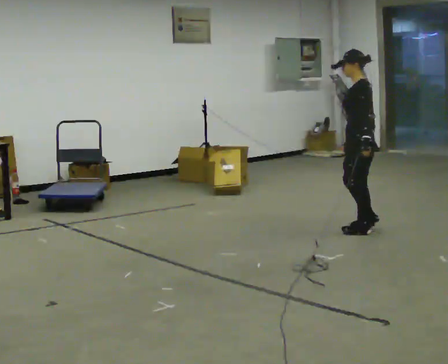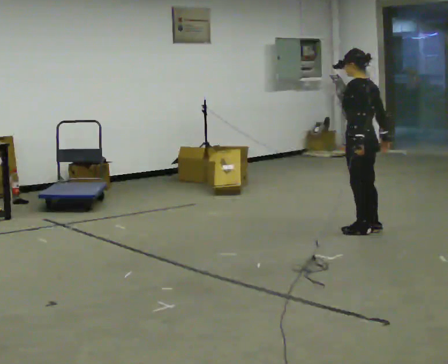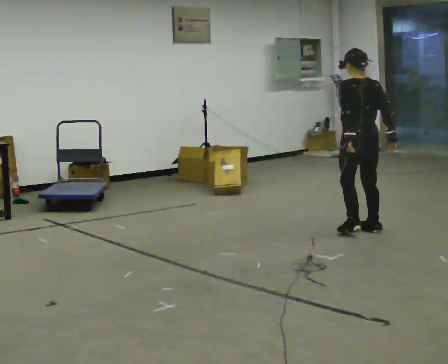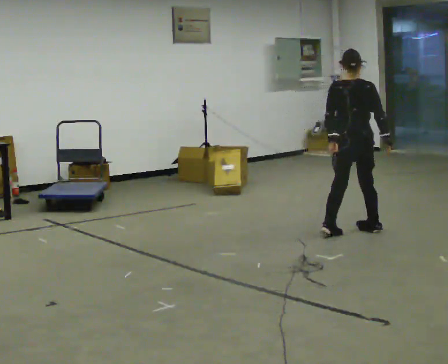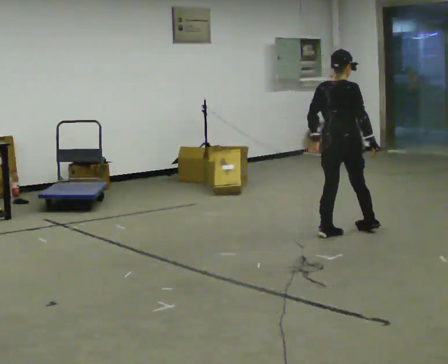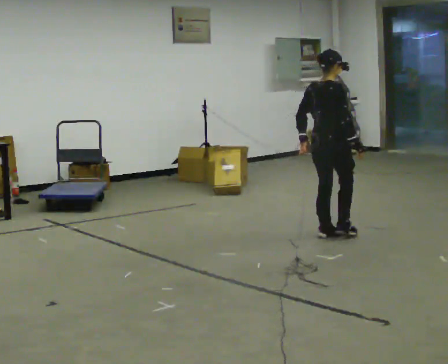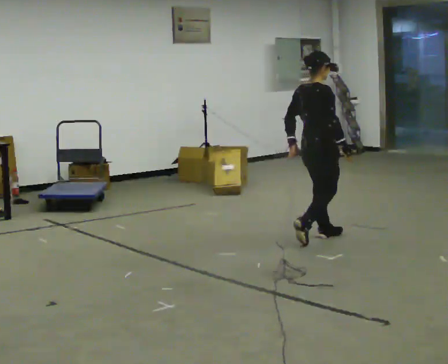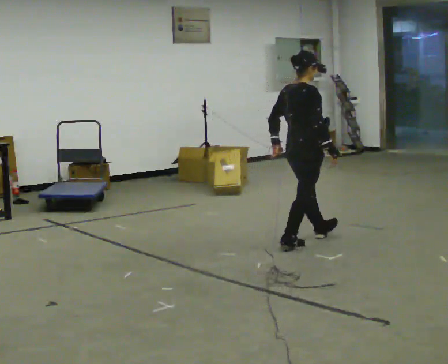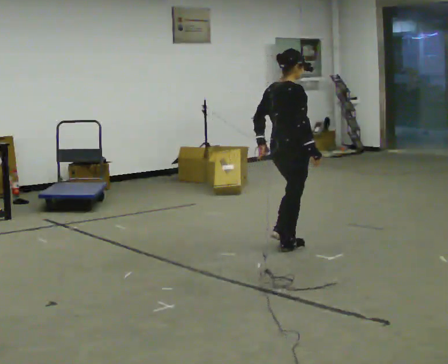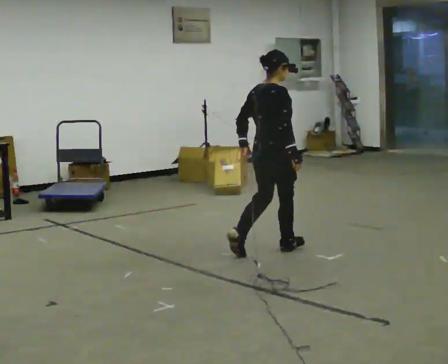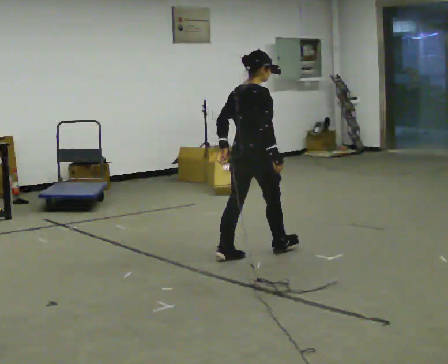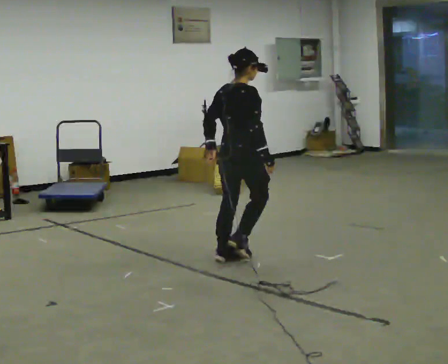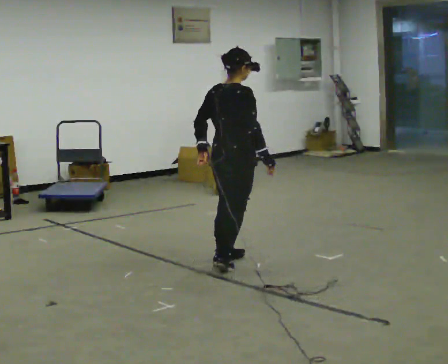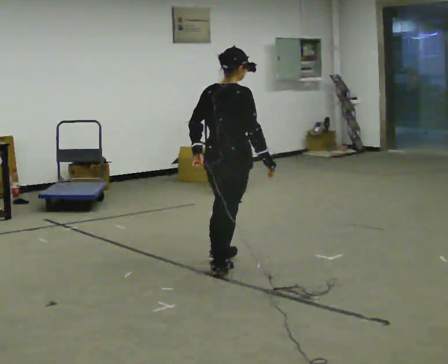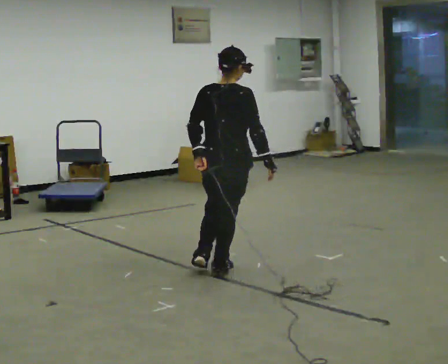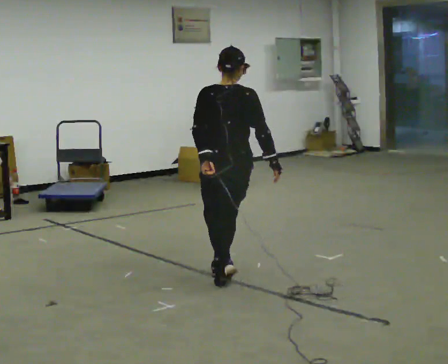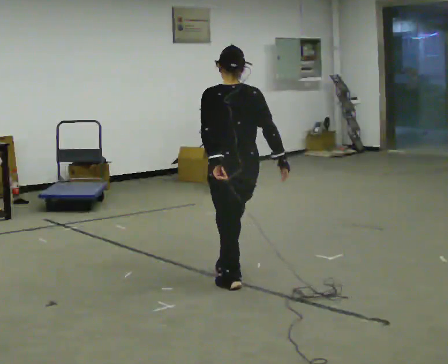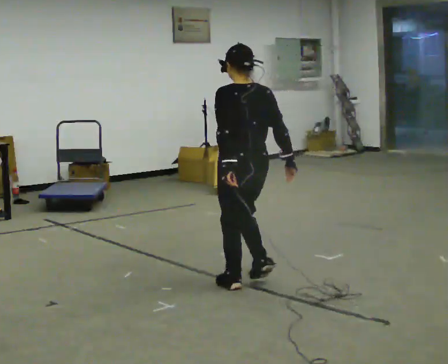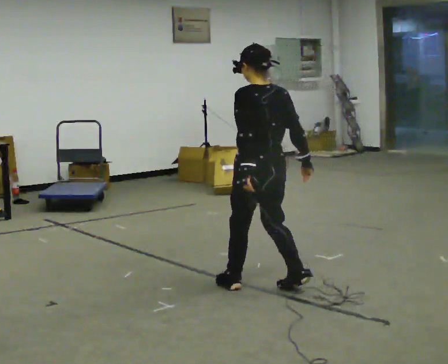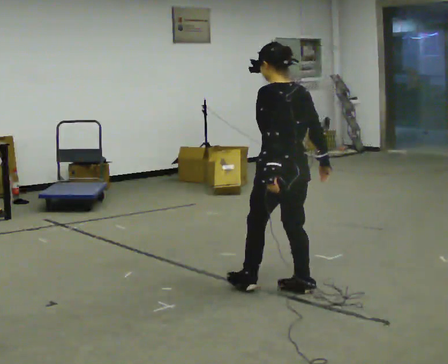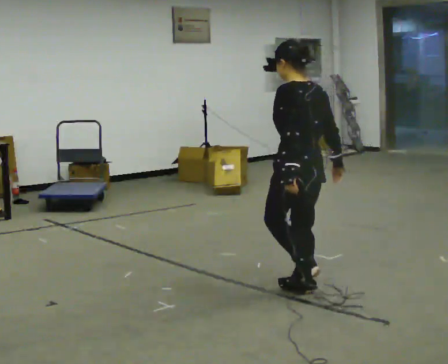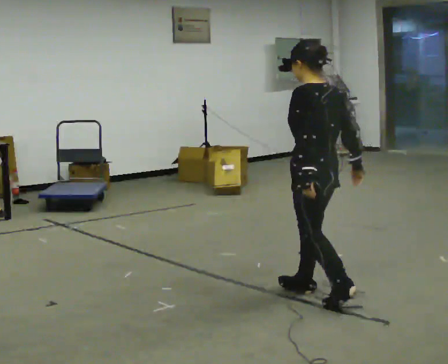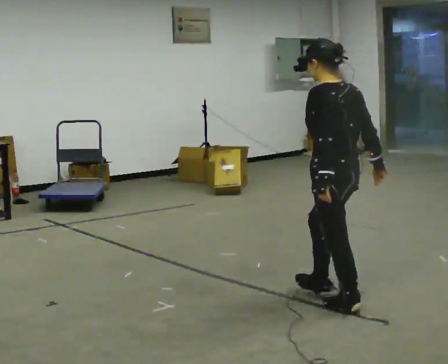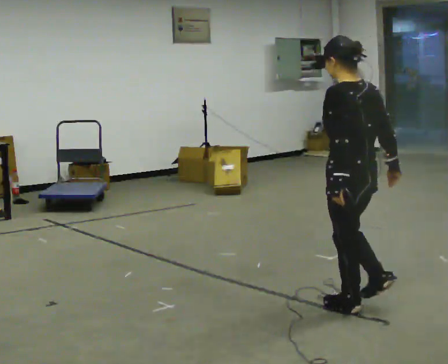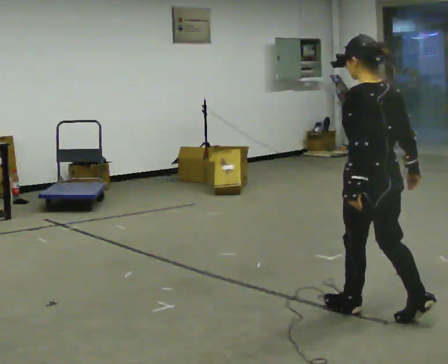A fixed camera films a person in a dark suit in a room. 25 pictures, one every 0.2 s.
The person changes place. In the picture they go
toward the camera.
The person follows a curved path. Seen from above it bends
counterclockwise.
0.0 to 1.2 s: Seen from above the body turns clockwise, about 135 degrees: to their right, with its near side sliding to the left. In the picture they go to the left and toward the camera, about 0.5 m in 2 steps.
1.2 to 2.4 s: In the picture they go to the left and toward the camera, about 1 m in 2 steps, which for them is backward.
2.4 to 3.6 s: The part of the body nearest the lens slides to the right as the person turns to their left by about 75 degrees. In the picture they go toward the camera, about 0.5 m in 2 steps.
3.6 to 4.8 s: In the picture they go to the right and toward the camera, about 1 m in 2 steps, which for them is backward.
The film runs backward here.
